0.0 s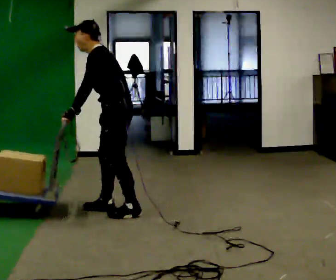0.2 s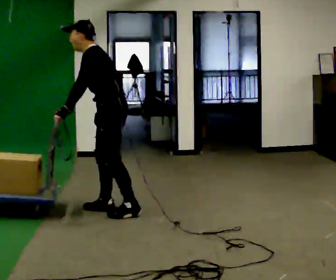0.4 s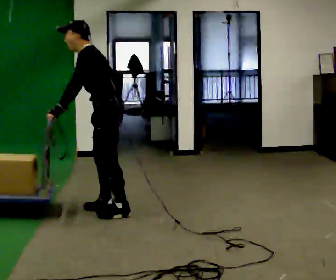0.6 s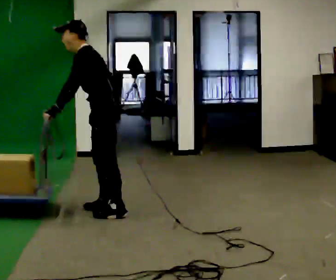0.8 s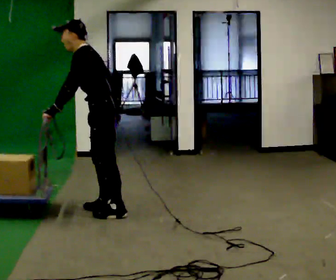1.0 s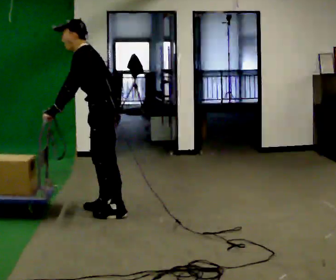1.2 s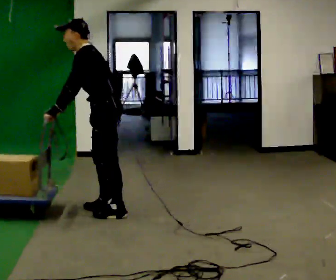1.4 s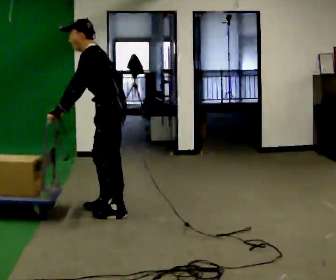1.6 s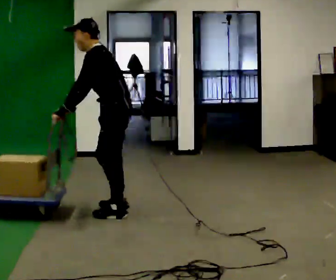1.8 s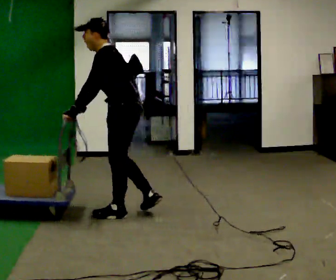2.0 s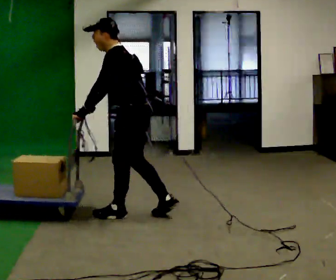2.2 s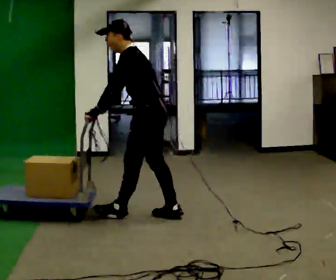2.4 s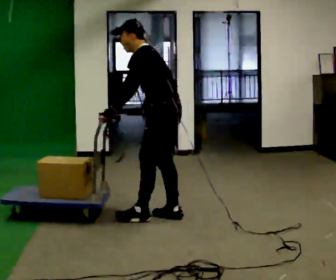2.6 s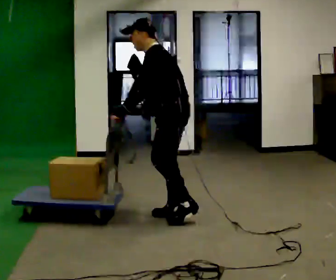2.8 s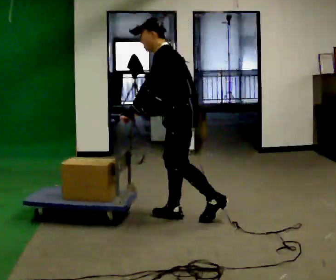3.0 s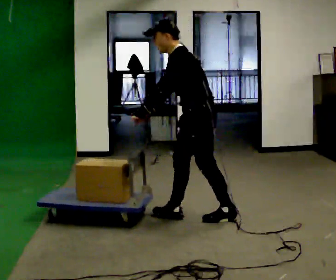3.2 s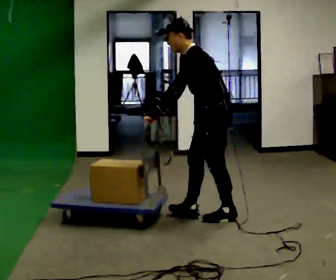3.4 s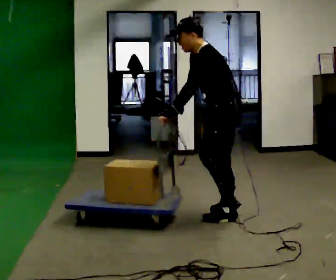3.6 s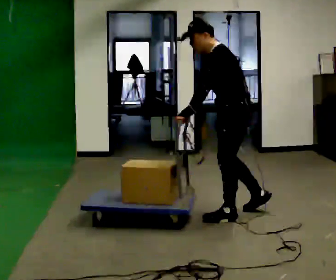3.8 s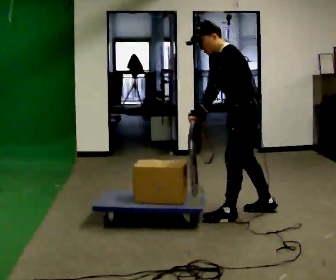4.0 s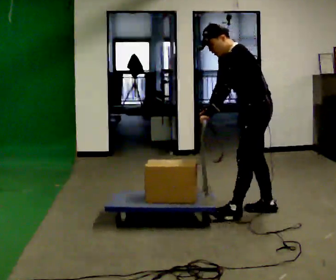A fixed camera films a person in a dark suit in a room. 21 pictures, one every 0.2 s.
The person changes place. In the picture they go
to the right.
0.0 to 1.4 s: The person moves a little, or ends about where they began.
1.4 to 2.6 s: In the picture they go to the right, about 0.5 m in 2 steps, which for them is backward.
2.6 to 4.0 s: In the picture they go to the right, about 0.75 m in 2 steps, which for them is backward.
The film runs backward here.
